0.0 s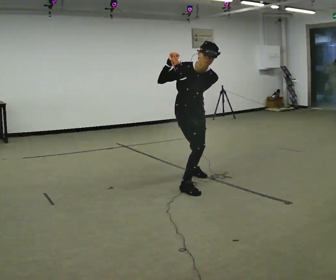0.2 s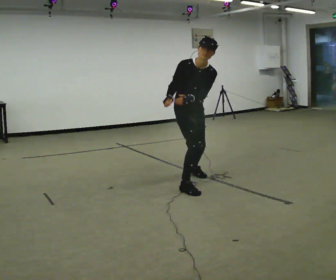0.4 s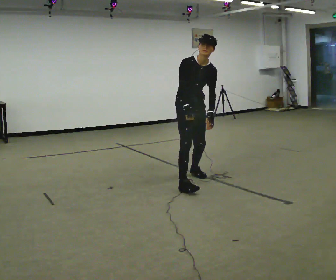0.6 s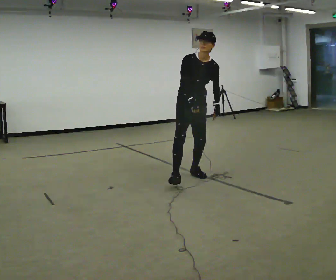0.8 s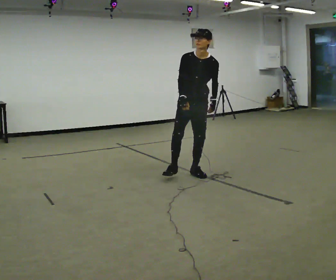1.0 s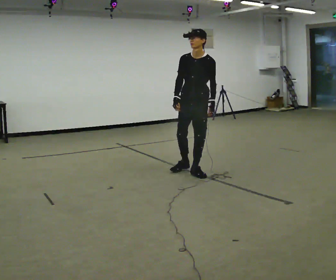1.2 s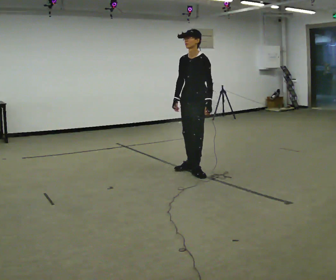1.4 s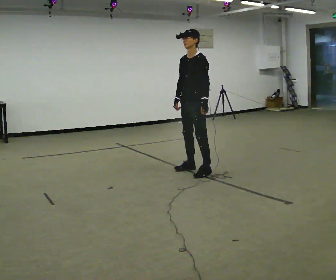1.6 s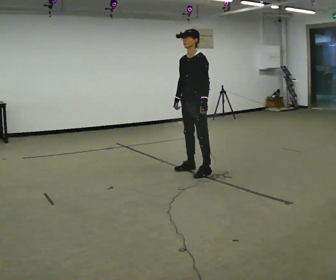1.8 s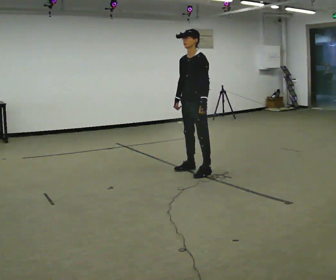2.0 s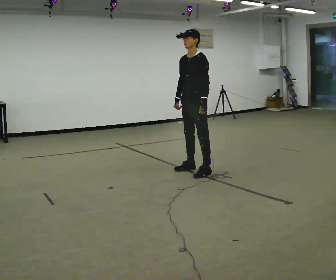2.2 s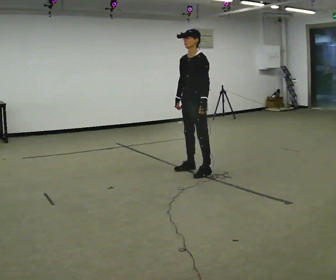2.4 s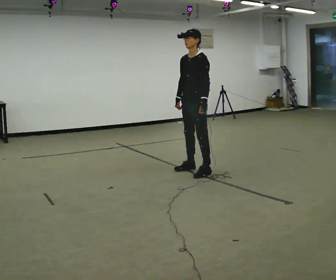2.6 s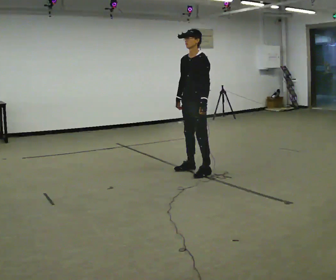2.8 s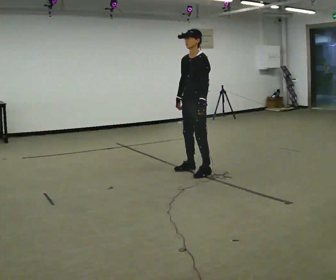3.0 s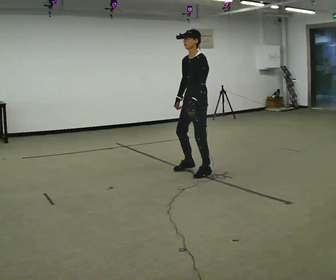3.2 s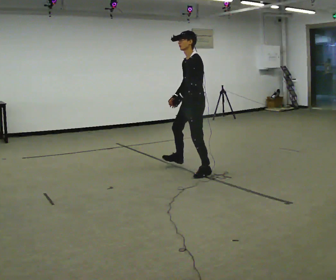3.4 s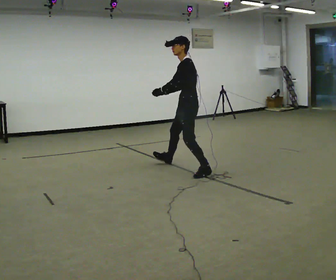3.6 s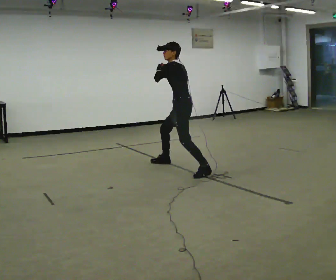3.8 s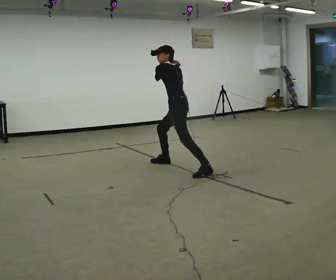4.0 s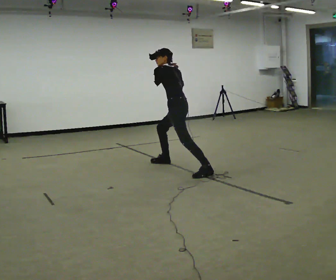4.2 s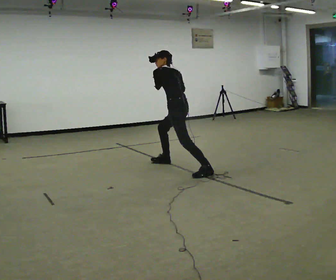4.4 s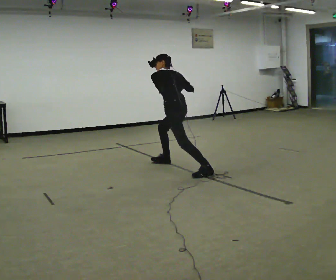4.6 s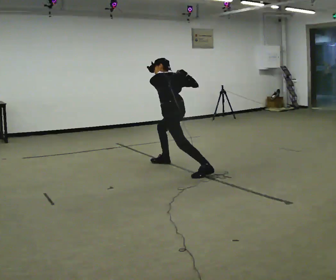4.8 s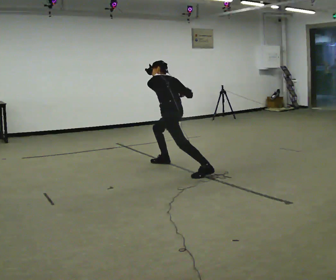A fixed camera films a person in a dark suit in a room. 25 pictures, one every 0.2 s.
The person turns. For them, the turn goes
to their right.
The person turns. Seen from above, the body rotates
clockwise.
0.0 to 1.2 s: The person turns about 75 degrees to their right, clockwise seen from above, so the part of the body nearest the lens slides to the left. In the picture they go away from the camera, about 0.5 m in 1 step. In the picture the upper body tilts counterclockwise, shoulders to the left, as they lean back or straighten. In the picture their right hand goes downward.
1.2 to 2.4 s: The person moves a little, or ends about where they began.
2.4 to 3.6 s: Seen from above the body turns clockwise, about 45 degrees: to their right, with its near side sliding to the left. In the picture they go to the left, about 0.25 m in 1 step, which for them is to their right. In the picture their left hand goes to the left and upward.
3.6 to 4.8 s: The person turns about 30 degrees to their right, clockwise seen from above, so the part of the body nearest the lens slides to the left. The shoulders move downward. The upper body tips away from the camera, its near side rolling upward, as they bend forward. In the picture their right hand goes downward.
The film runs forward here.
